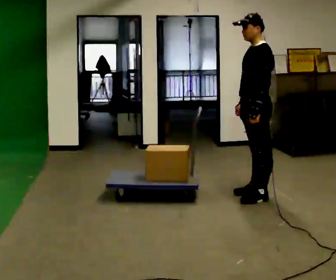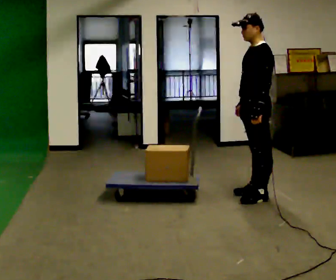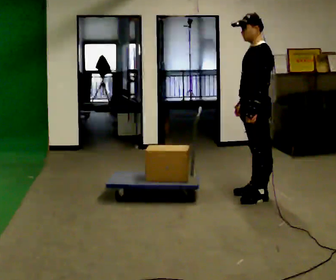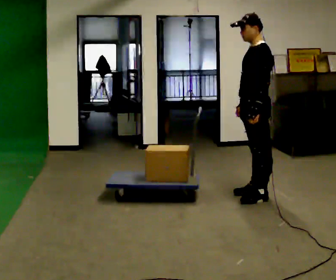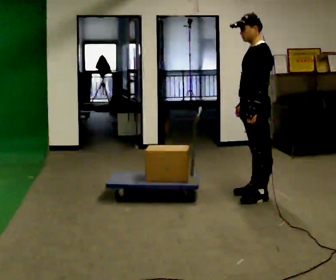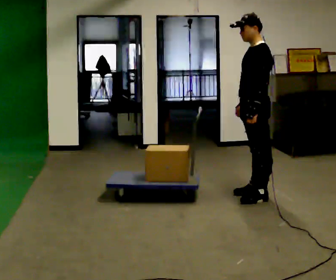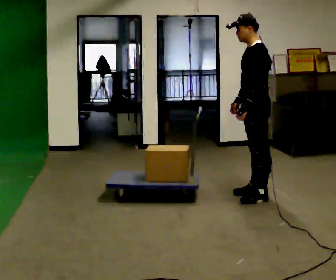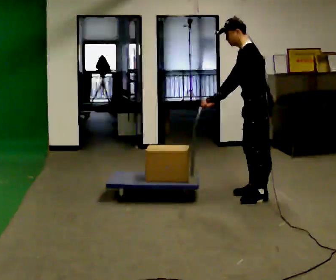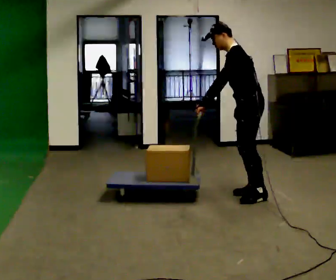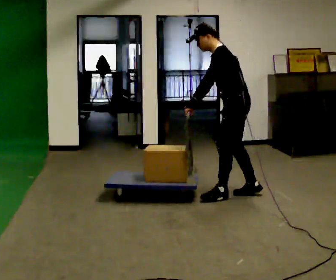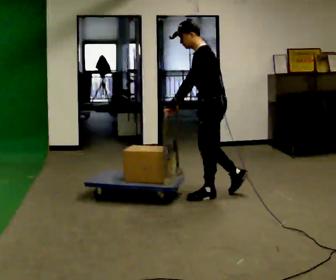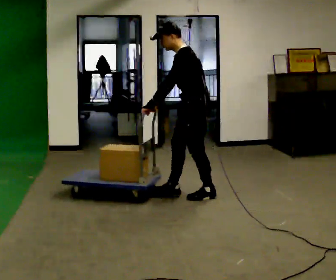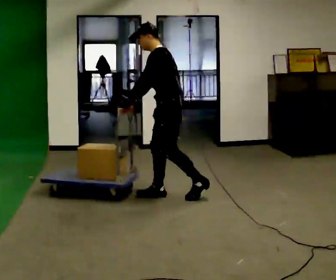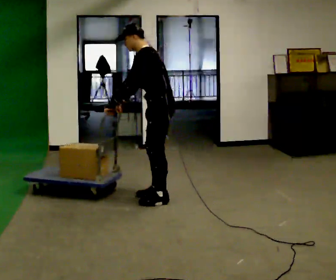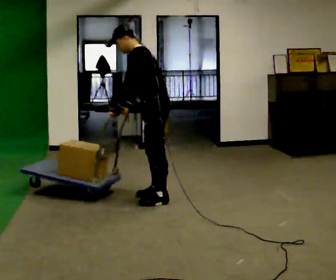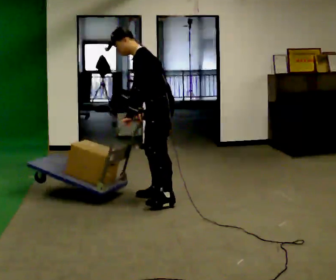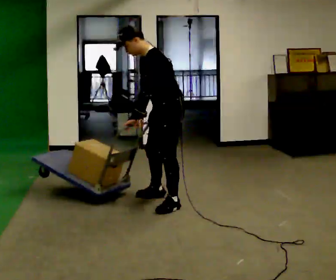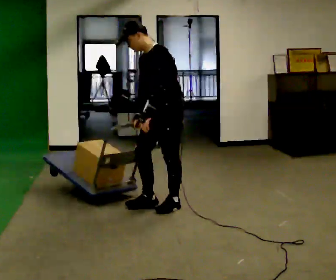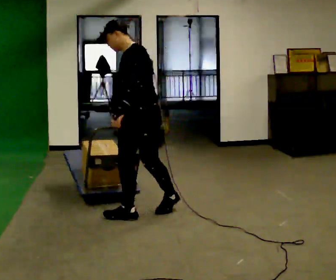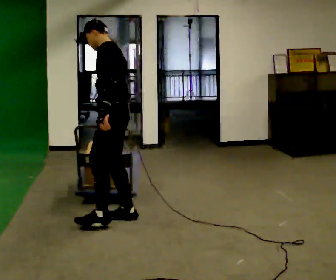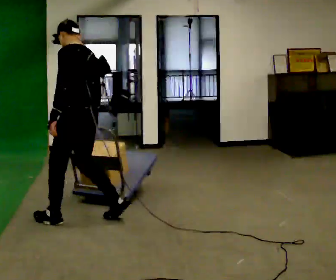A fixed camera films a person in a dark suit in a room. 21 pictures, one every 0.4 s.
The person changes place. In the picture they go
to the left.
0.0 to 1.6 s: The person moves a little, or ends about where they began.
1.6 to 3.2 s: In the picture the upper body tilts counterclockwise, shoulders to the left, as they bend forward. In the picture their left hand goes to the left.
3.2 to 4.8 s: In the picture they go to the left, about 1 m in 2 steps, which for them is forward.
4.8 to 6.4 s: In the picture they go toward the camera, about 0.25 m in 2 steps, which for them is to their left.
6.4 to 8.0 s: Seen from above the body turns clockwise, about 45 degrees: to their right, with its near side sliding to the left. In the picture they go to the left and toward the camera, about 1 m in 2 steps. In the picture the upper body tilts clockwise, shoulders to the right, as they lean back or straighten.
The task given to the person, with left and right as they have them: Turn the cart round to face the other way without moving it out of the marked square, then turn it back. Repeat until the operator says stop.
The film runs forward here.
